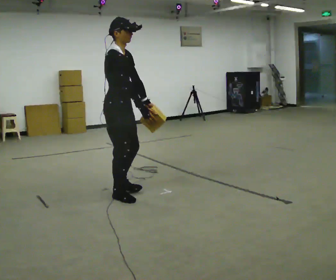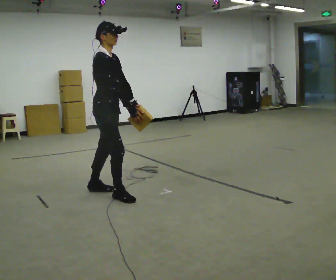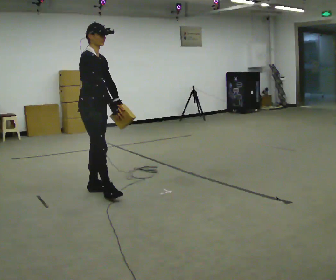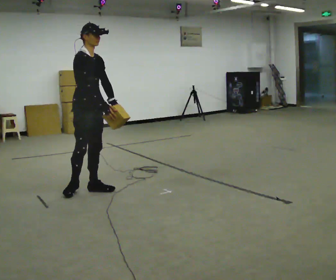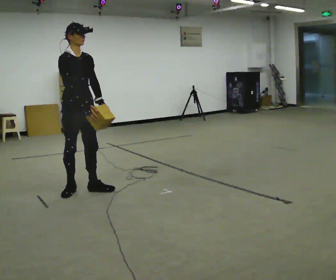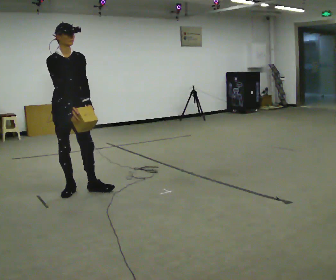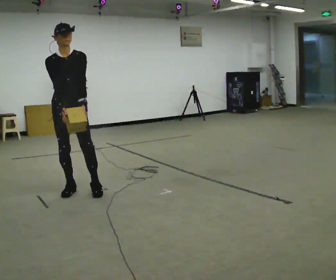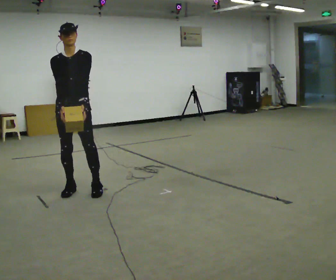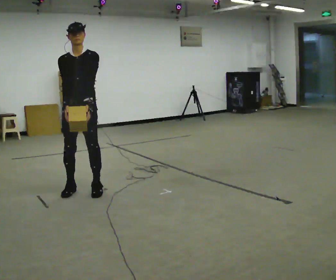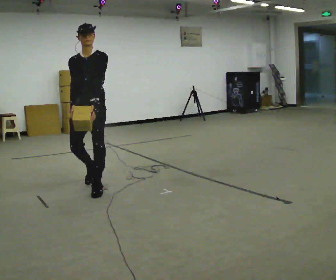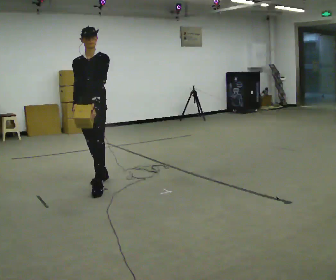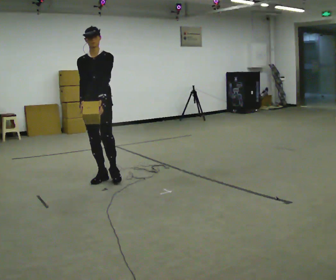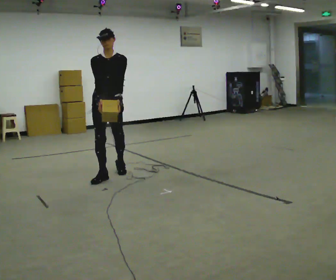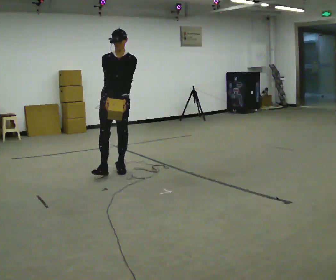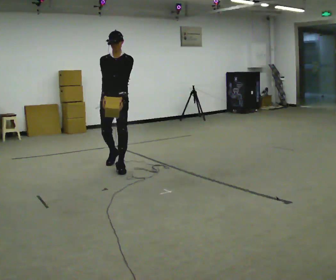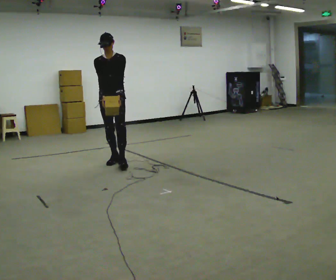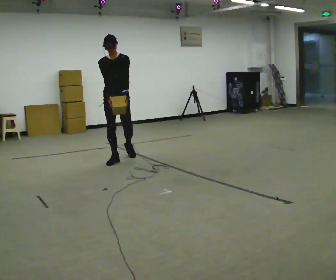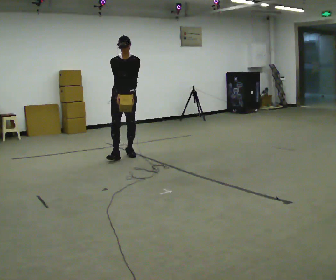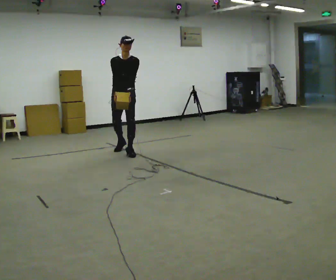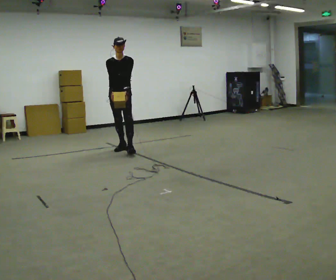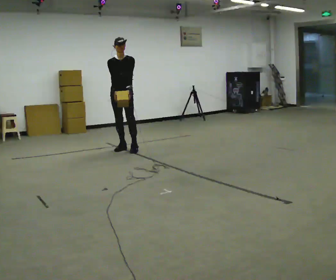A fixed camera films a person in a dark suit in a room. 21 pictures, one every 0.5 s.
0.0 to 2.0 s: The part of the body nearest the lens slides to the left as the person turns to their right by about 30 degrees. In the picture they go to the left and away from the camera, about 0.5 m in 1 step, which for them is backward.
2.0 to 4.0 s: The person turns about 45 degrees to their right, clockwise seen from above, so the part of the body nearest the lens slides to the left.
4.0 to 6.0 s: In the picture they go away from the camera and to the right, about 0.5 m in 2 steps, which for them is backward.
6.0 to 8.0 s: In the picture they go away from the camera, about 1 m in 2 steps, which for them is backward.
8.0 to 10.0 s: In the picture they go away from the camera, about 0.75 m in 2 steps, which for them is backward.
The film runs backward here.
